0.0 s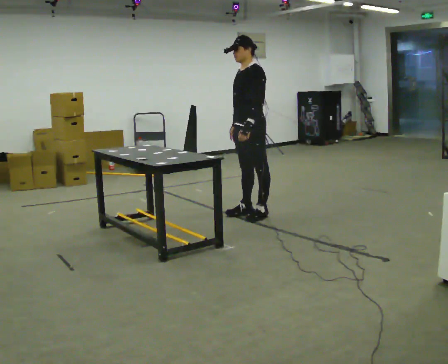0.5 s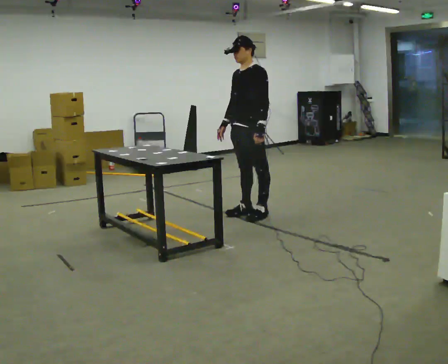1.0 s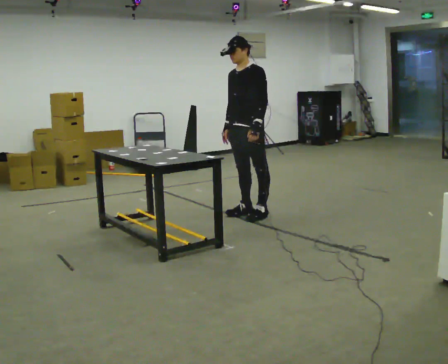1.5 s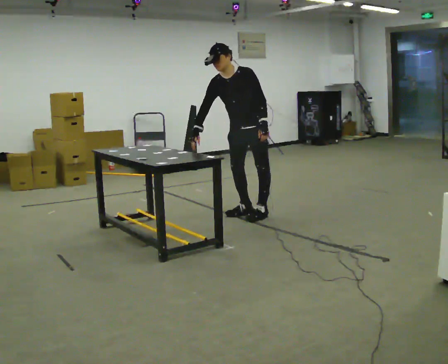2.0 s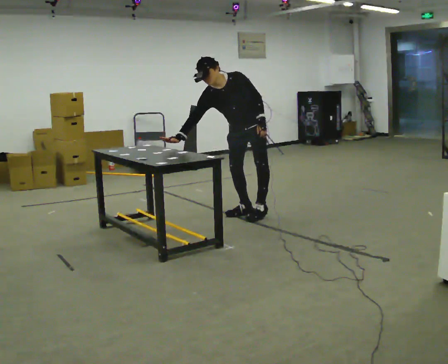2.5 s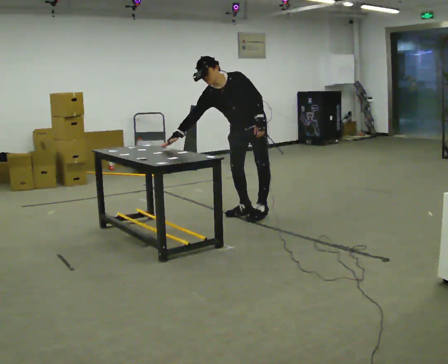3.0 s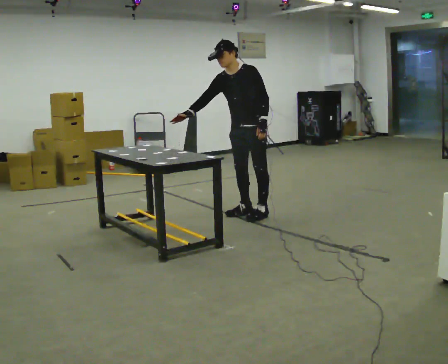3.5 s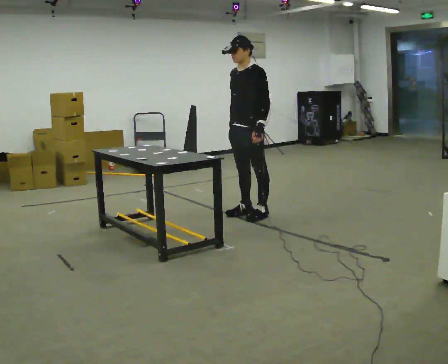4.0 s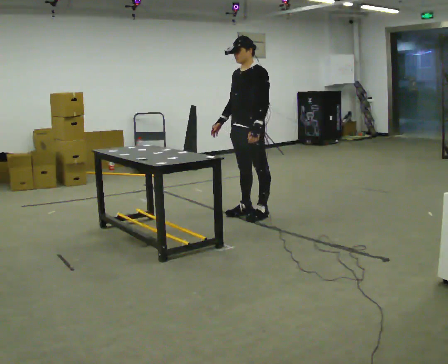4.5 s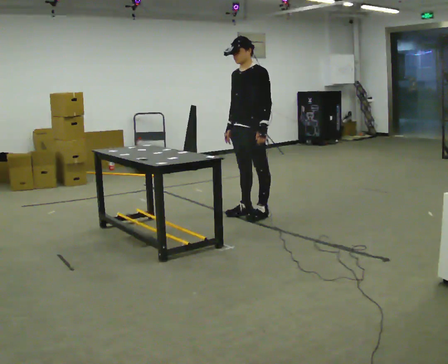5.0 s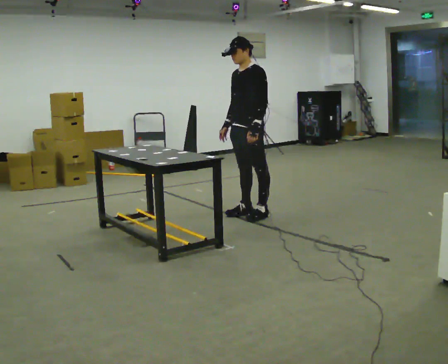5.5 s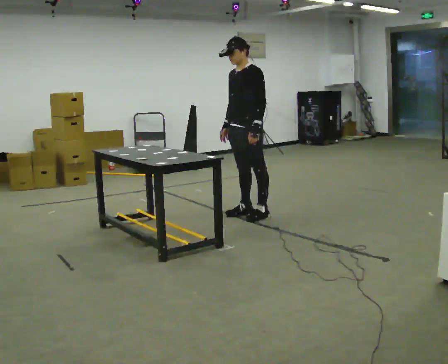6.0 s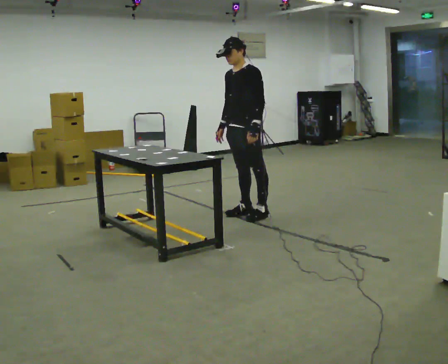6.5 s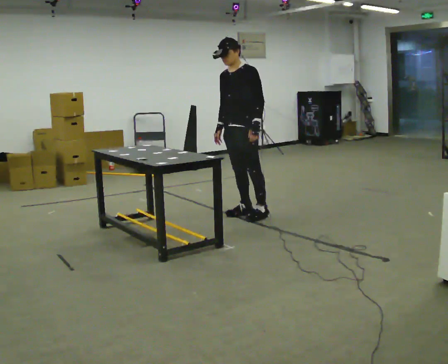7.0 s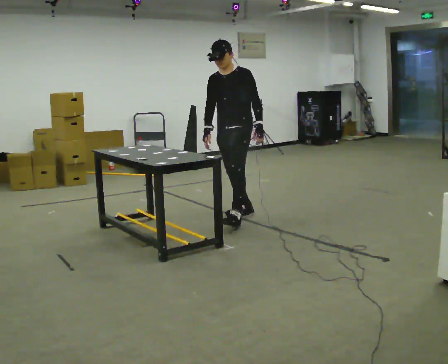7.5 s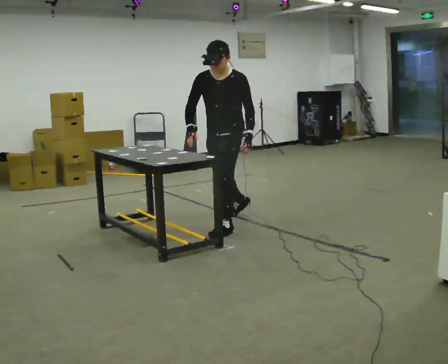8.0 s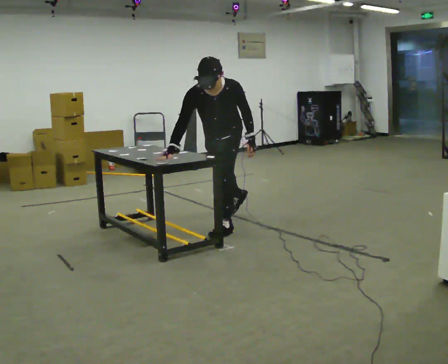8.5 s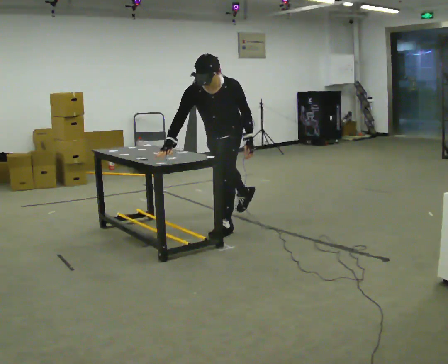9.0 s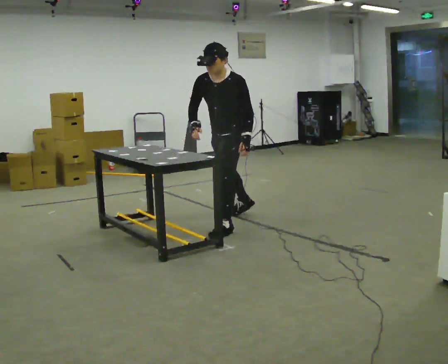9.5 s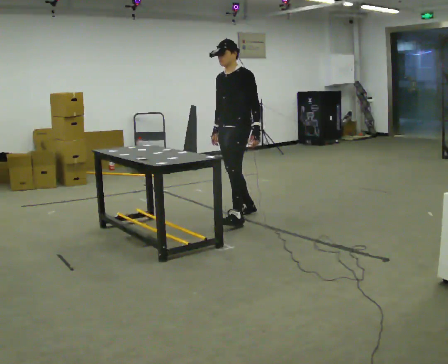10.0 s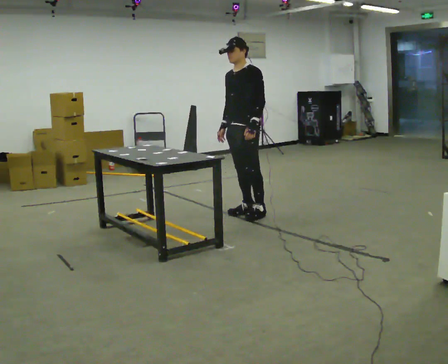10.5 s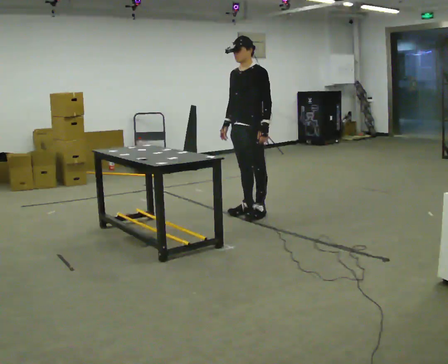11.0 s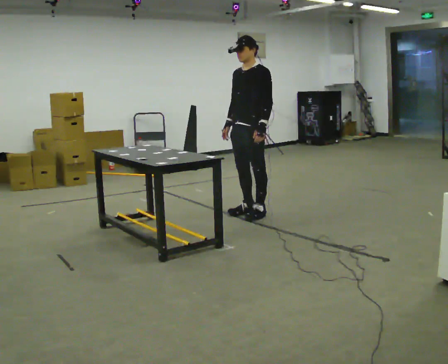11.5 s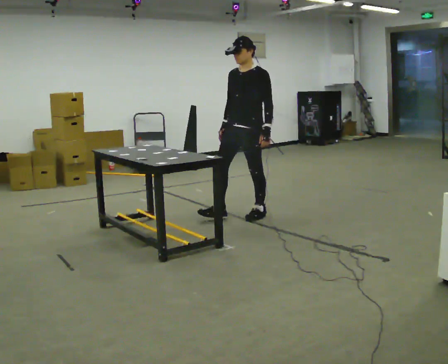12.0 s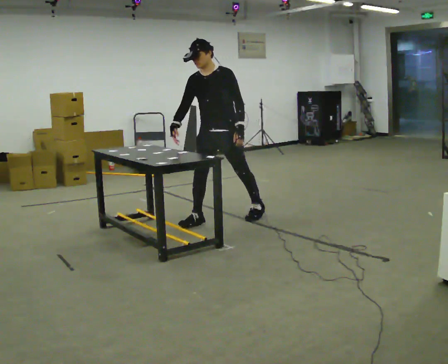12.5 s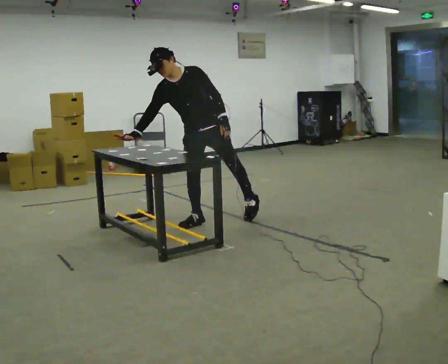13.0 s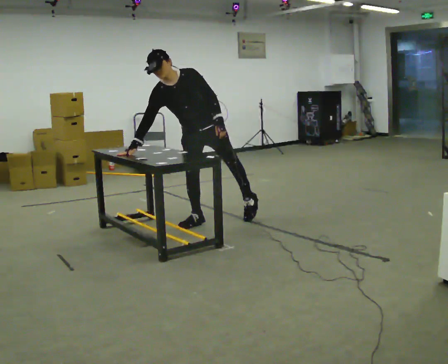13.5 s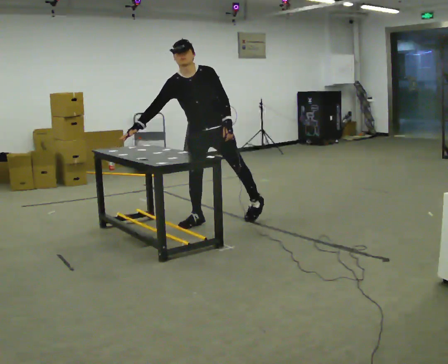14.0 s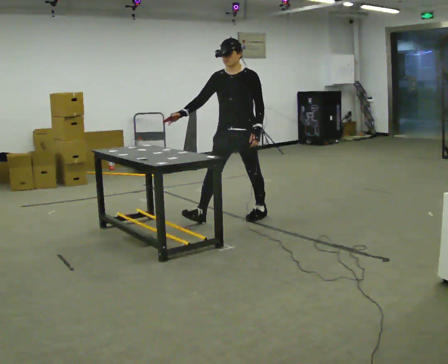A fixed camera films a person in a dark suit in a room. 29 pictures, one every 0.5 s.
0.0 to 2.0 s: Seen from above the body turns counterclockwise, about 45 degrees: to their left, with its near side sliding to the right. In the picture the upper body tilts counterclockwise, shoulders to the left, as they bend forward. In the picture their right hand goes to the left.
2.0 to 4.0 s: The person turns about 45 degrees to their right, clockwise seen from above, so the part of the body nearest the lens slides to the left. In the picture they go toward the camera, about 0.25 m, which for them is to their left. In the picture the upper body tilts clockwise, shoulders to the right, as they lean back or straighten.
4.0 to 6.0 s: The person moves a little, or ends about where they began.
6.0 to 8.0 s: The person turns about 30 degrees to their left, counterclockwise seen from above, so the part of the body nearest the lens slides to the right. In the picture they go toward the camera and to the left, about 0.5 m in 1 step, which for them is forward. The shoulders move downward. The upper body tips toward the camera, its near side rolling downward, as they bend forward.
8.0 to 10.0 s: The part of the body nearest the lens slides to the left as the person turns to their right by about 30 degrees. In the picture they go away from the camera and to the right, about 0.5 m in 1 step, which for them is backward and to their right. The upper body tips away from the camera, its near side rolling upward, as they lean back or straighten.
10.0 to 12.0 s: Seen from above the body turns counterclockwise, about 30 degrees: to their left, with its near side sliding to the right. In the picture they go to the left and toward the camera, about 0.25 m in 1 step, which for them is forward.
12.0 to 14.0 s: In the picture they go to the right, about 0.25 m, which for them is to their left and backward.
The film runs forward here.
